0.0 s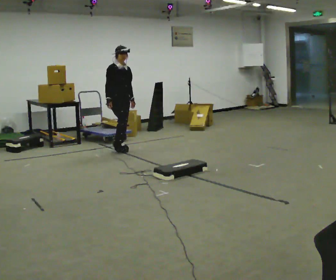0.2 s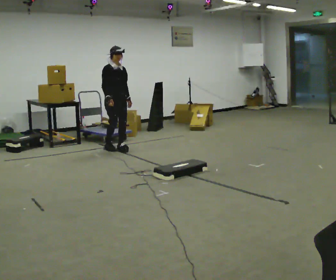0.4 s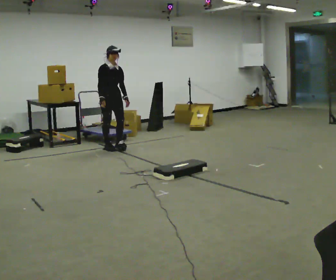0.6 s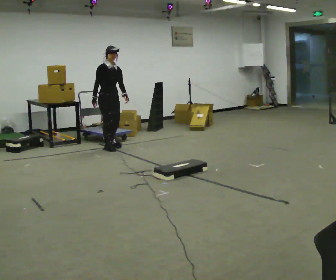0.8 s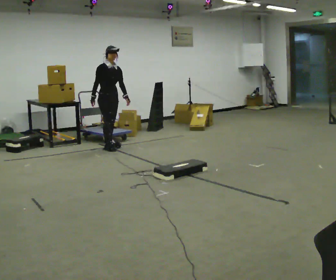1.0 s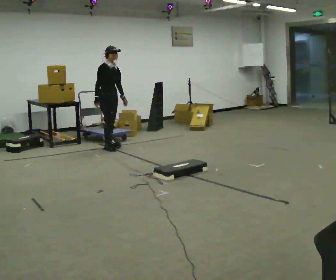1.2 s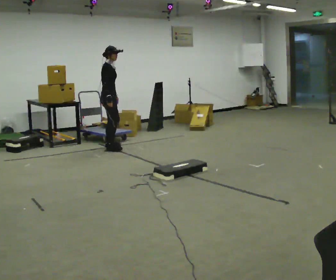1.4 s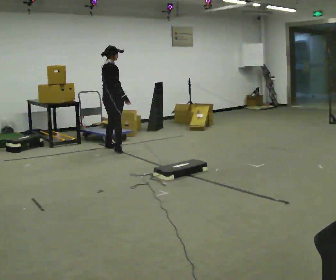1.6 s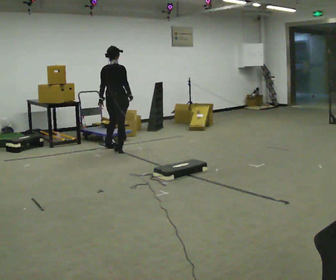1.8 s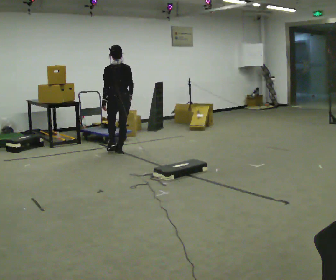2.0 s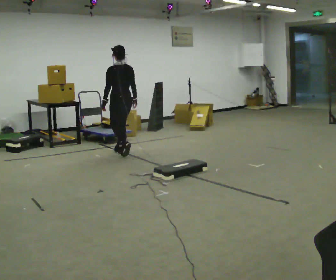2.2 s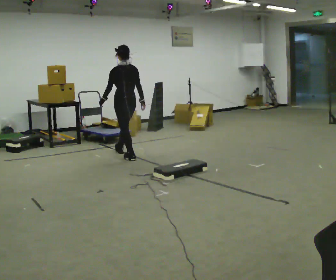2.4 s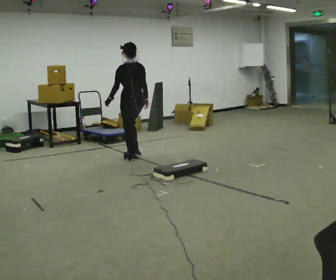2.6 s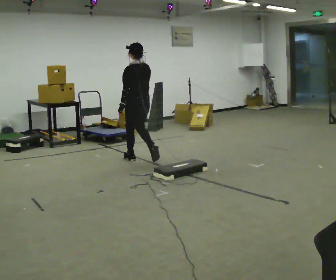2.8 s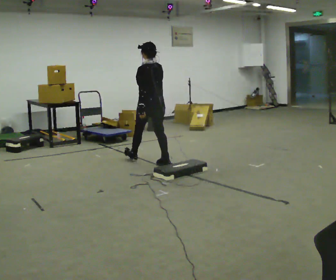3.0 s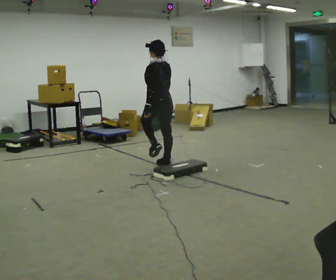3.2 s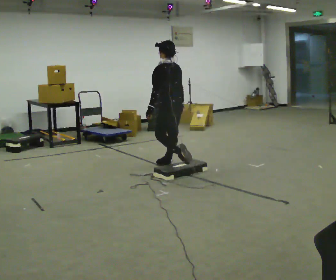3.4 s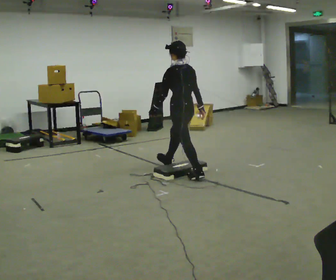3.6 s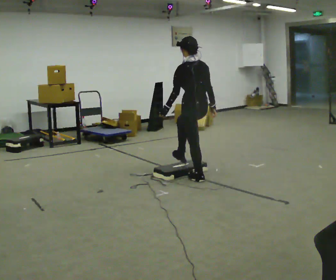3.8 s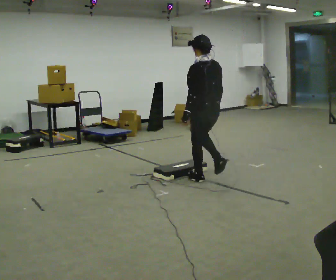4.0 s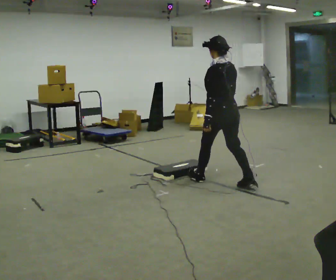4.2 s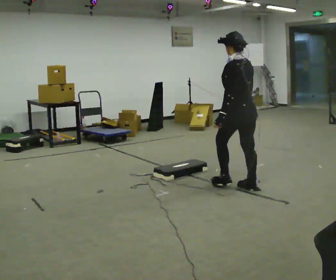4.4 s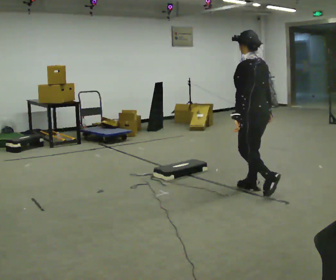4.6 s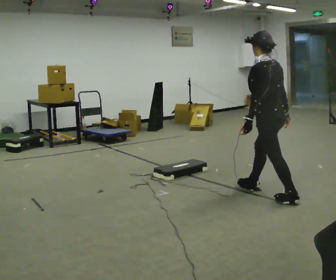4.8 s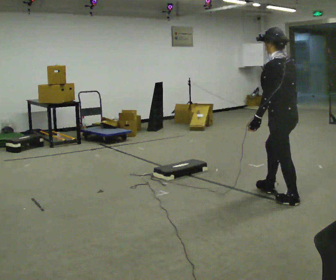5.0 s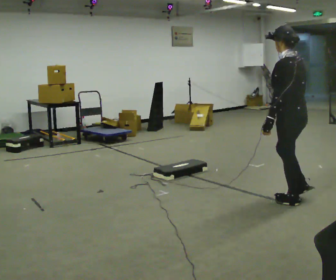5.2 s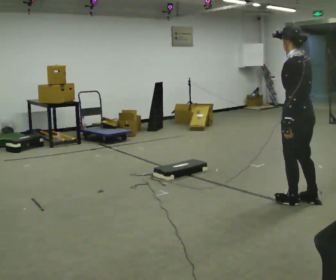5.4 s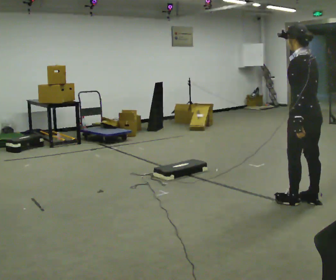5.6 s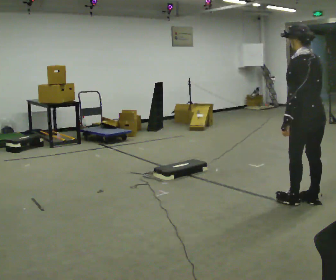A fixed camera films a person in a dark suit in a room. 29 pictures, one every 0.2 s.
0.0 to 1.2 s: Seen from above the body turns counterclockwise, about 45 degrees: to their left, with its near side sliding to the right. In the picture they go away from the camera and to the left, about 0.25 m in 2 steps, which for them is backward.
1.2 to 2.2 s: The person turns about 135 degrees to their left, counterclockwise seen from above, so the part of the body nearest the lens slides to the right. In the picture they go toward the camera and to the right, about 0.5 m in 1 step.
2.2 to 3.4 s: In the picture they go toward the camera and to the right, about 1 m in 2 steps, which for them is backward.
3.4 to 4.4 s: In the picture they go toward the camera and to the right, about 1 m in 2 steps, which for them is backward.
4.4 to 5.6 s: In the picture they go toward the camera and to the right, about 0.75 m in 1 step, which for them is backward.
The film runs backward here.
